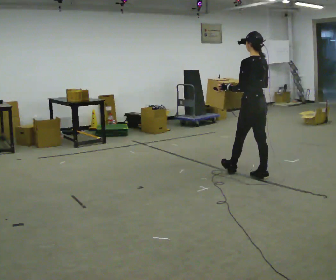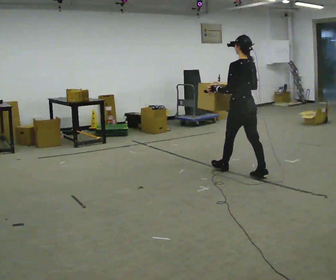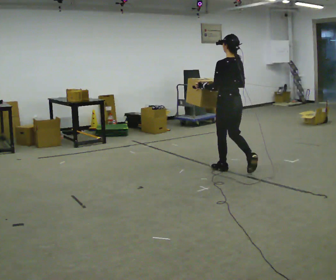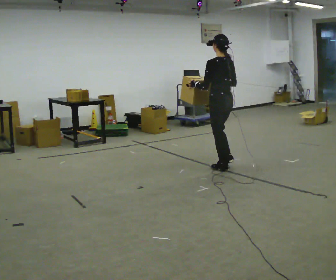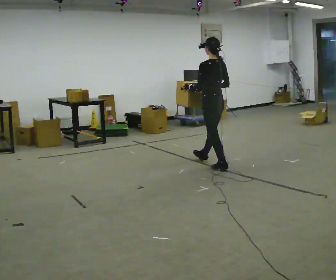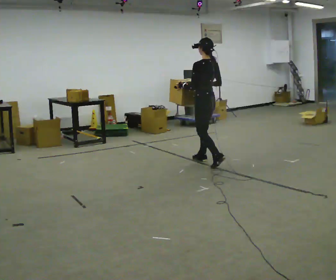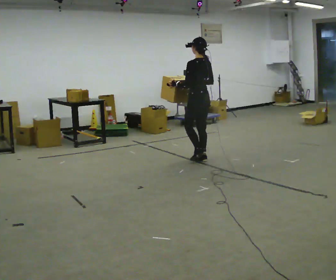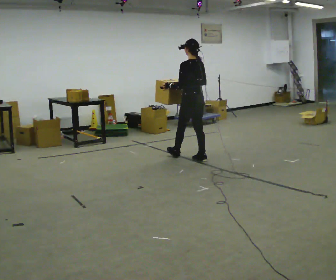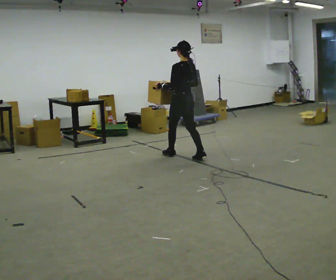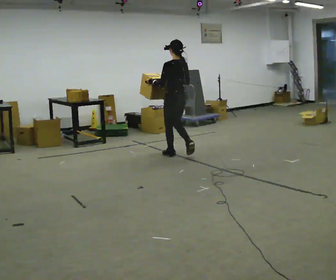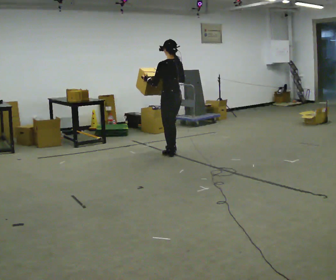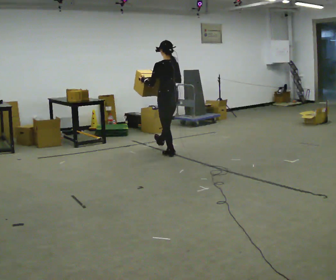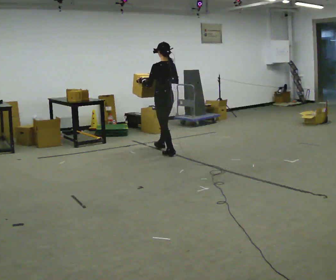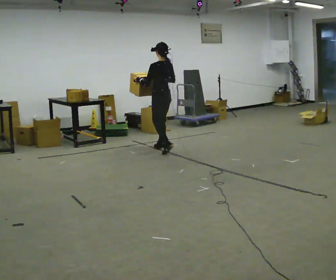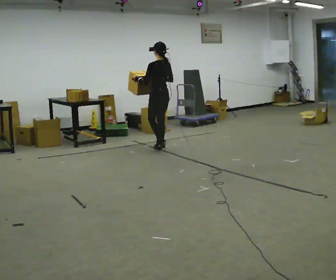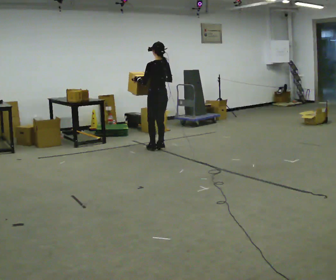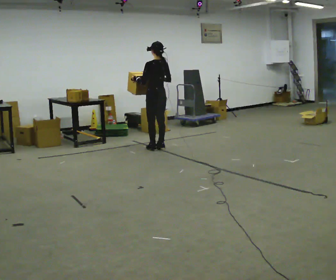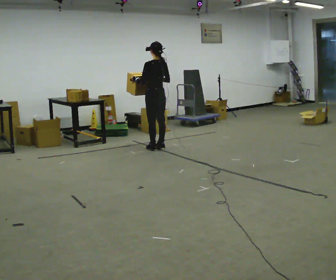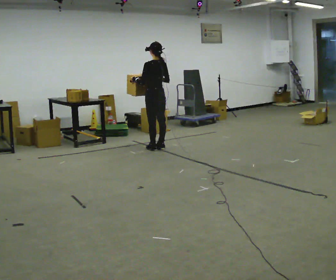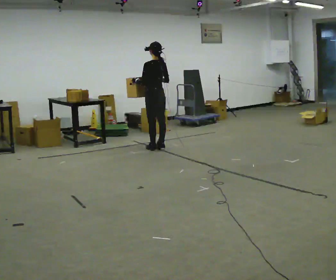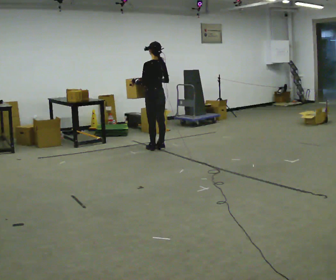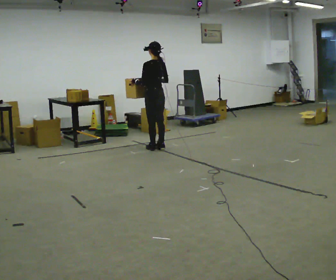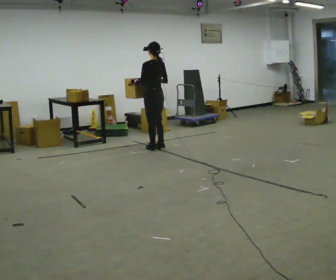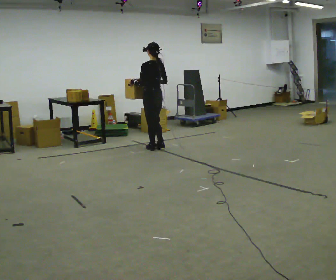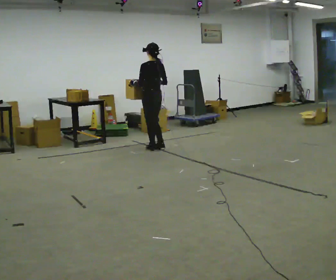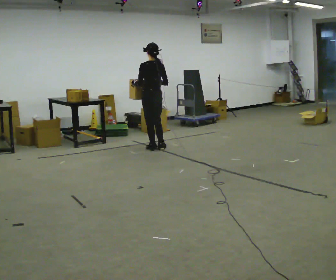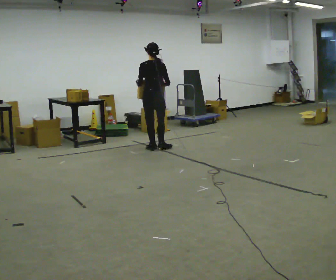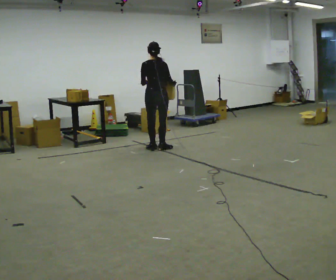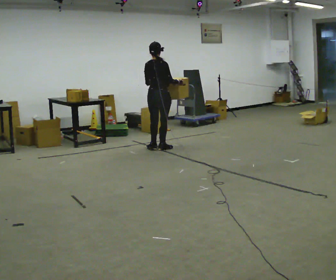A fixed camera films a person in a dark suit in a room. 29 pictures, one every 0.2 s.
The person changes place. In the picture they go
away from the camera.
0.0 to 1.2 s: In the picture they go away from the camera and to the left, about 1 m in 2 steps, which for them is forward.
1.2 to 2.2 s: In the picture they go away from the camera and to the left, about 0.5 m in 1 step, which for them is forward.
2.2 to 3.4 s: In the picture they go away from the camera, about 0.5 m in 2 steps, which for them is forward.
3.4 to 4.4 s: The person moves a little, or ends about where they began.
4.4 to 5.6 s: The person turns about 60 degrees to their right, clockwise seen from above, so the part of the body nearest the lens slides to the left.
The film runs forward here.
